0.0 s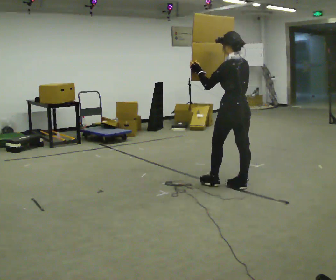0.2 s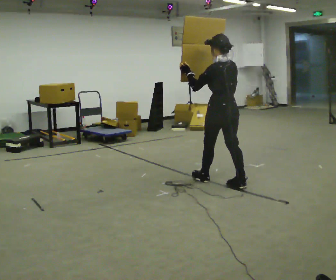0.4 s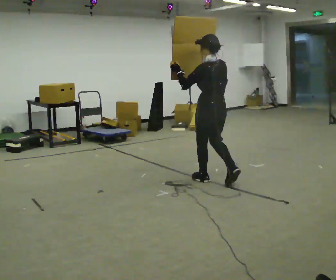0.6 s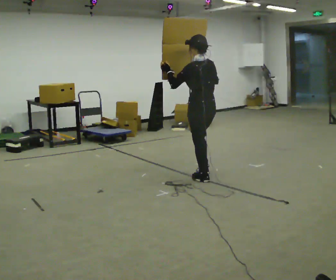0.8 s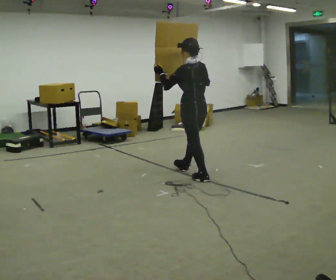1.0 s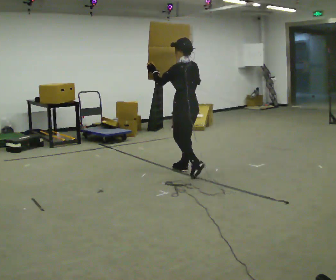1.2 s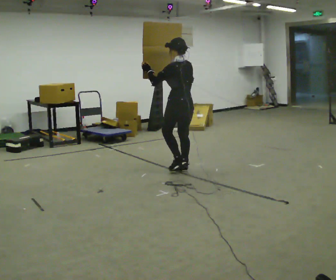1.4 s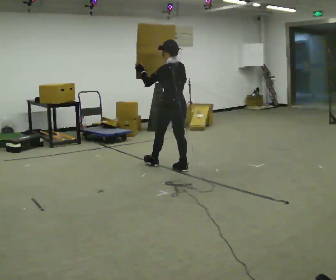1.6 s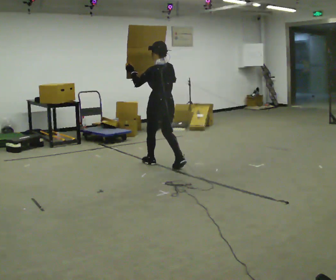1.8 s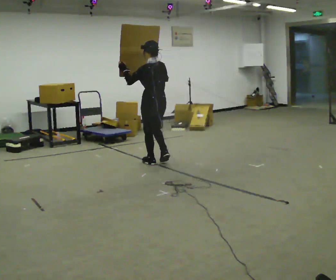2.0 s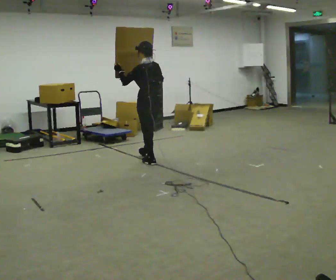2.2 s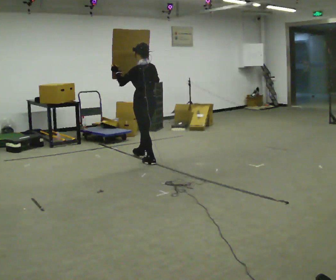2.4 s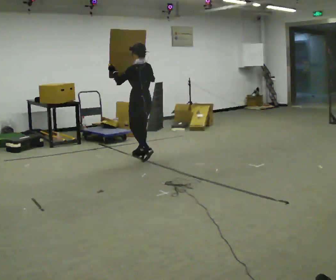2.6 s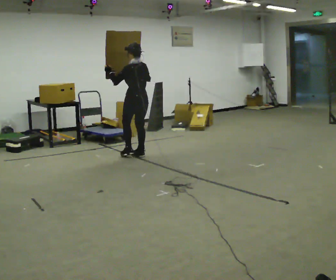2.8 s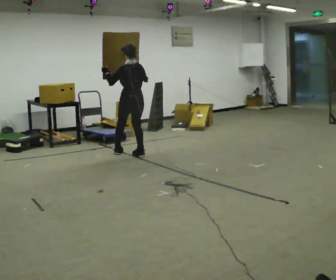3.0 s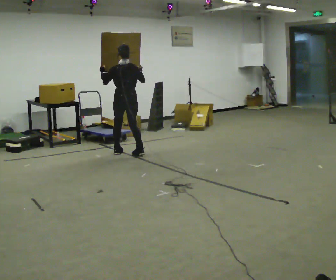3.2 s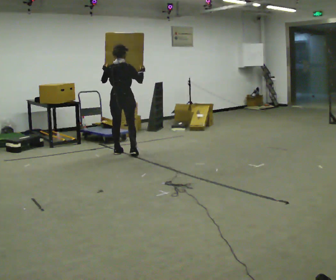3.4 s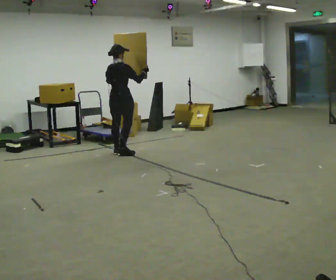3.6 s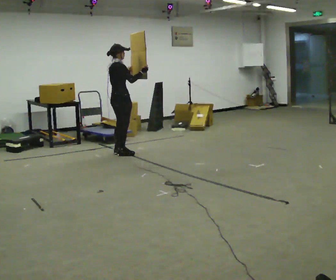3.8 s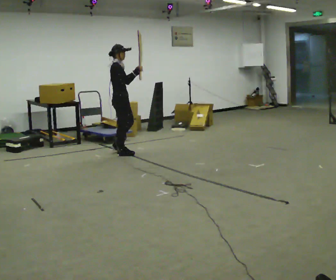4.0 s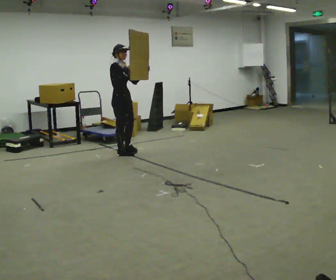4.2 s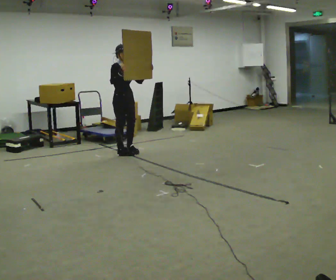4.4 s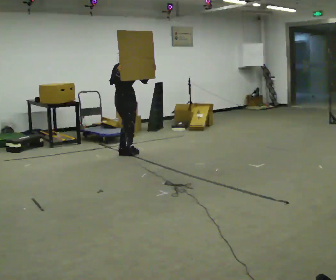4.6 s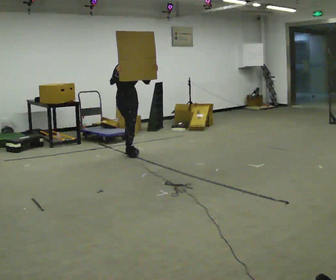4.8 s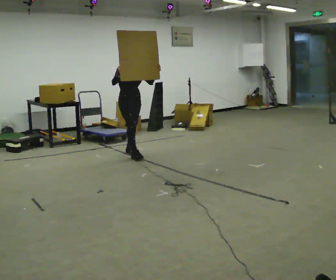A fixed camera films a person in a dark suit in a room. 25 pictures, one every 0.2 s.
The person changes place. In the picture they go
away from the camera.
0.0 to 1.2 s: In the picture they go away from the camera and to the left, about 1 m in 2 steps, which for them is forward.
1.2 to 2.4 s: In the picture they go away from the camera and to the left, about 1 m in 2 steps, which for them is forward.
2.4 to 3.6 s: The part of the body nearest the lens slides to the left as the person turns to their right by about 105 degrees. In the picture they go to the left and away from the camera, about 0.25 m in 2 steps.
3.6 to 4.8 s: Seen from above the body turns clockwise, about 75 degrees: to their right, with its near side sliding to the left. In the picture their right hand goes to the left.
The film runs forward here.
